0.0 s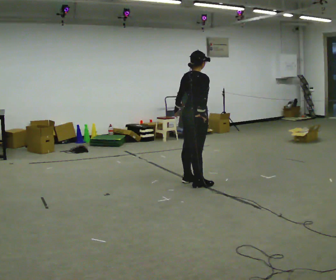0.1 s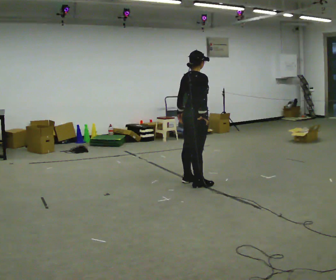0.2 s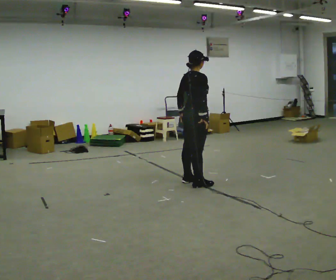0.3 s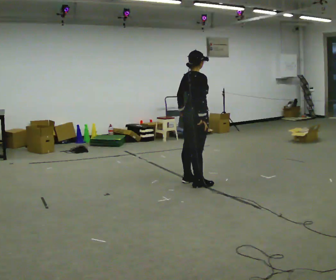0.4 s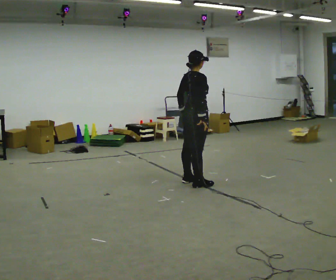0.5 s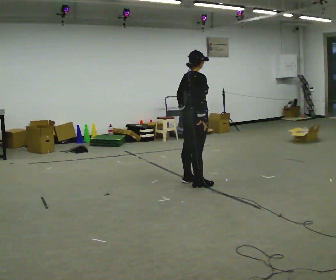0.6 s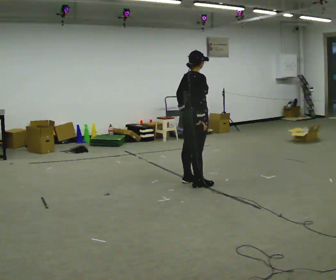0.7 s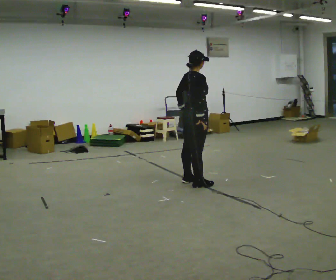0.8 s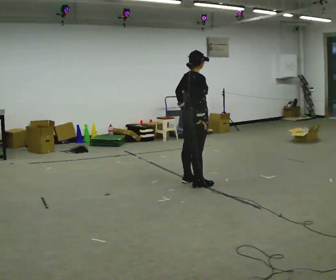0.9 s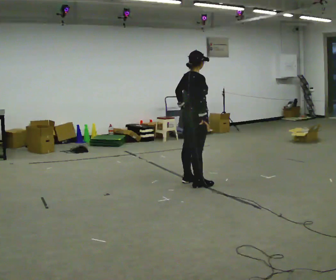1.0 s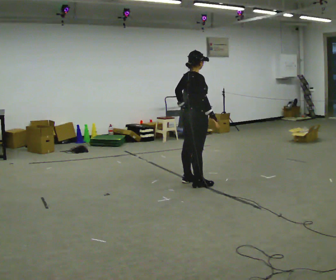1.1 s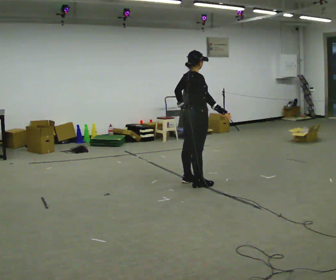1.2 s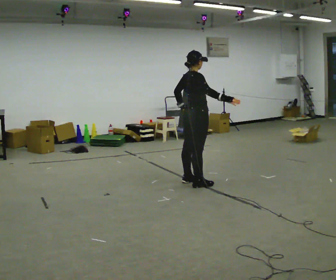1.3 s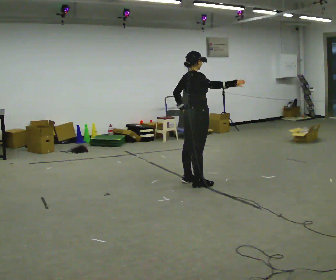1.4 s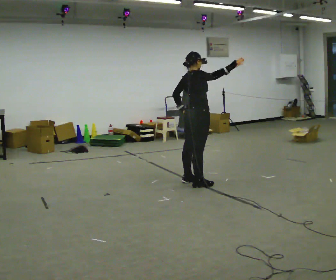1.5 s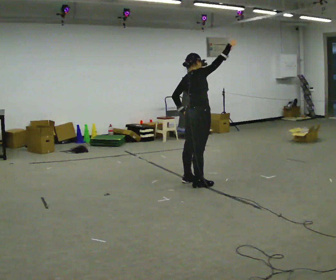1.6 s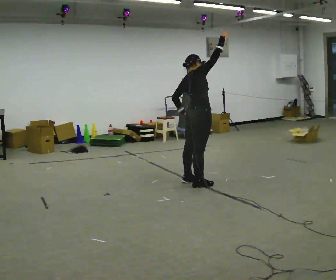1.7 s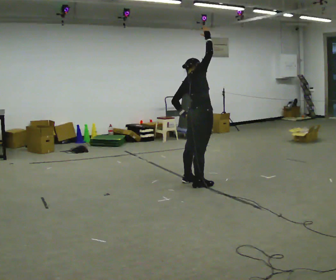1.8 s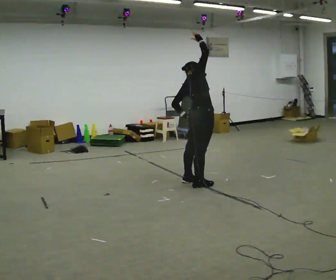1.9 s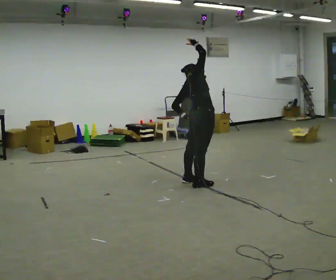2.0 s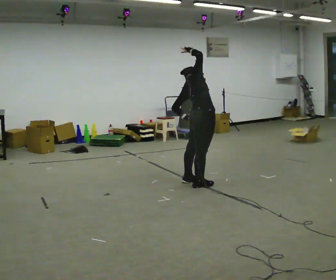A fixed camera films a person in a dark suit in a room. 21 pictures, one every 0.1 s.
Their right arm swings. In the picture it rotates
counterclockwise.
The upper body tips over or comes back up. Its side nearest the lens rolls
upward.
0.0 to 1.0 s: The person moves a little, or ends about where they began.
1.0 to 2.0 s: The upper body tips away from the camera, its near side rolling upward. In the picture their right hand goes upward, the arm swinging counterclockwise.
The film runs backward here.
